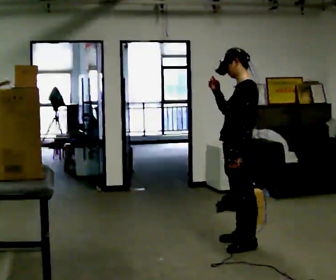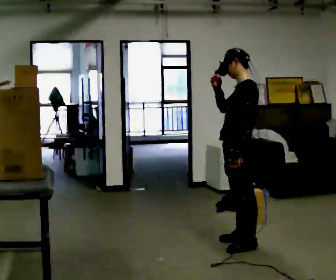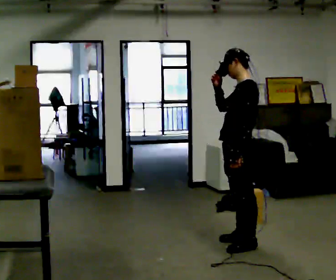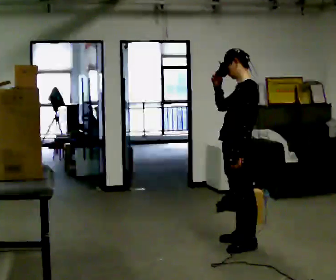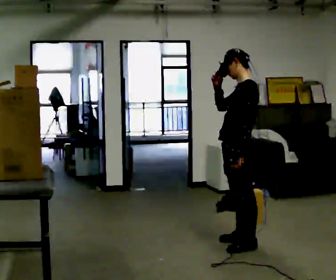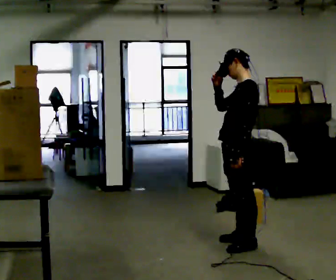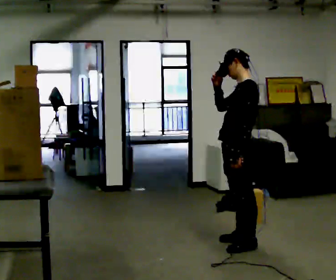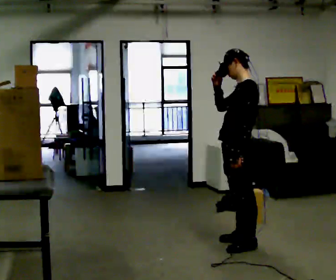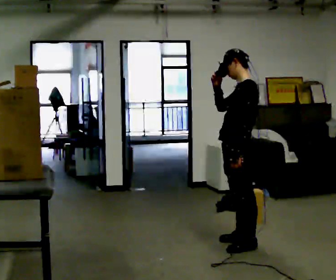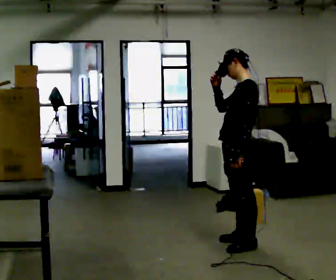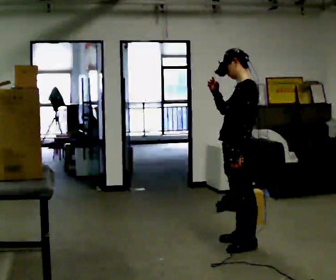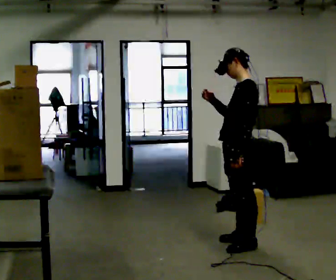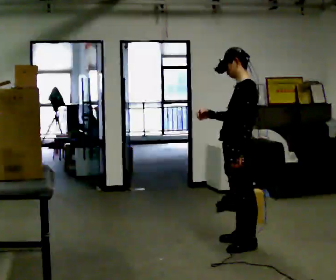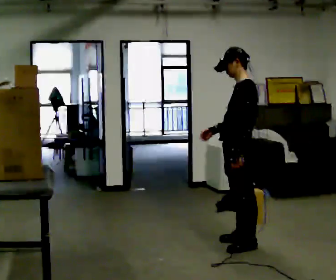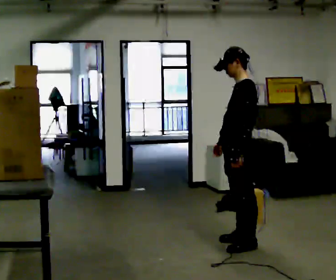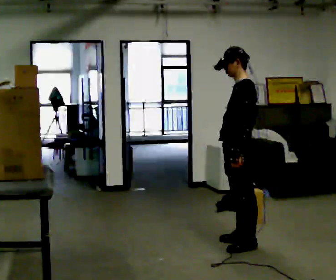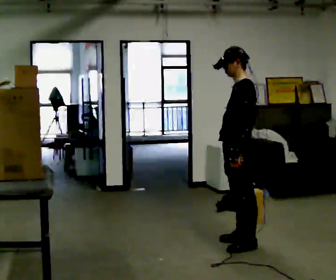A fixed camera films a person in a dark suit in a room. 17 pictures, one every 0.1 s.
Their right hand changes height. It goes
downward.
0.0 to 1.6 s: In the picture their right hand goes downward.
The film runs forward here.
